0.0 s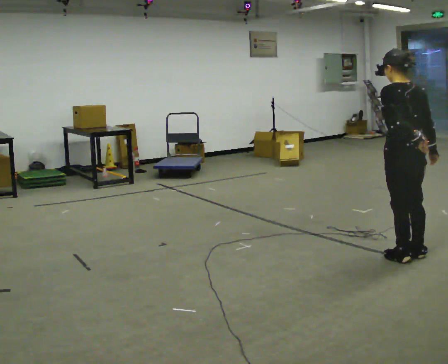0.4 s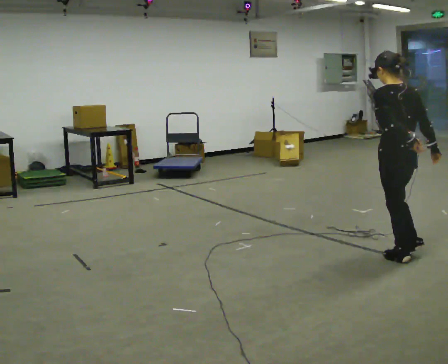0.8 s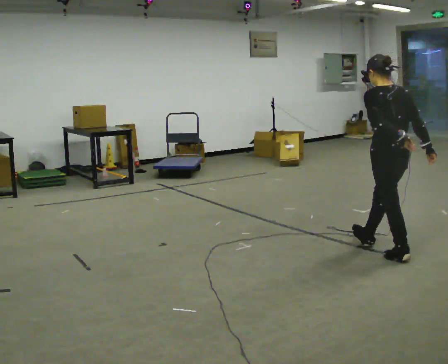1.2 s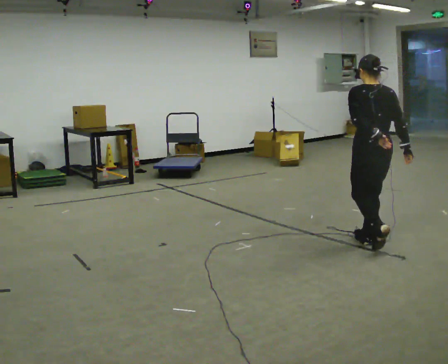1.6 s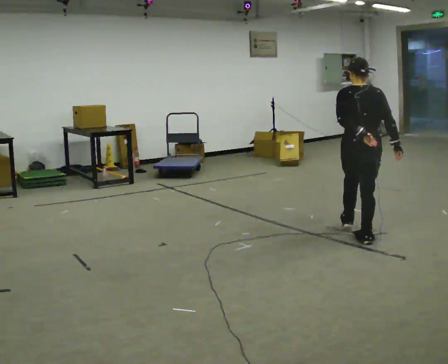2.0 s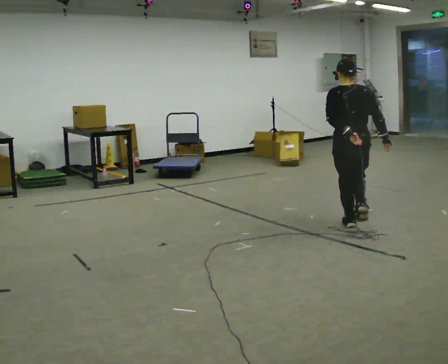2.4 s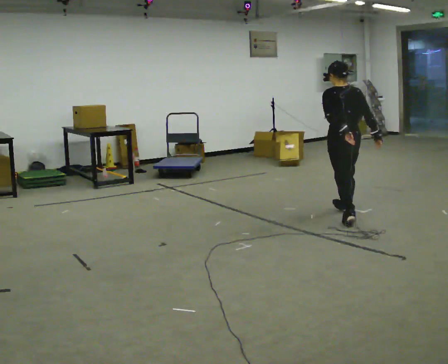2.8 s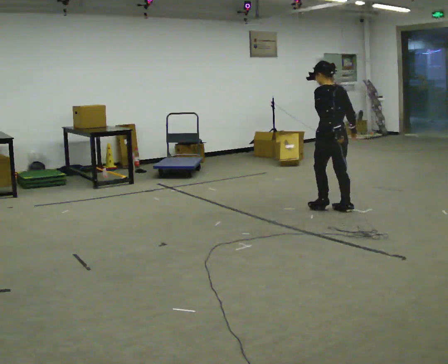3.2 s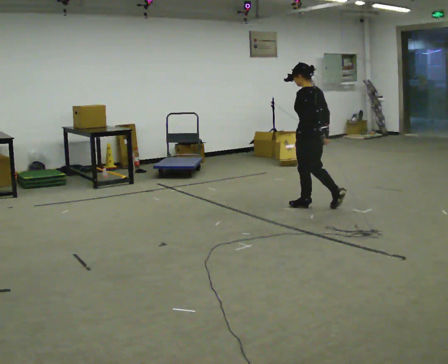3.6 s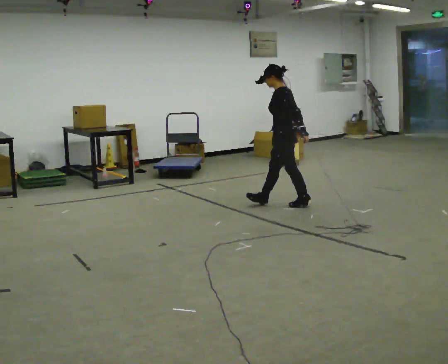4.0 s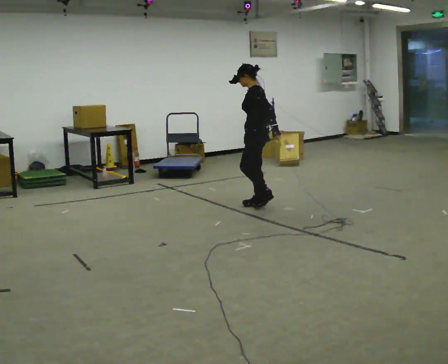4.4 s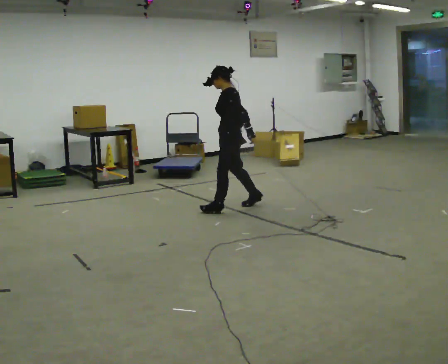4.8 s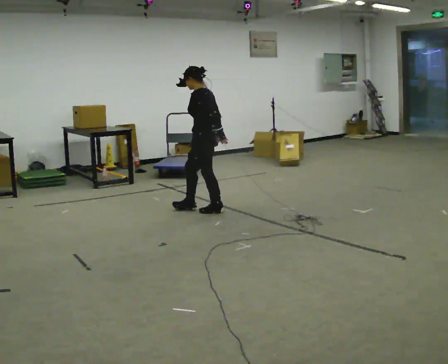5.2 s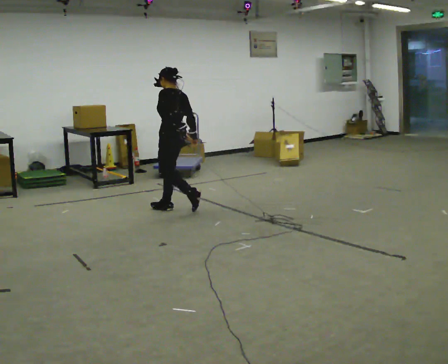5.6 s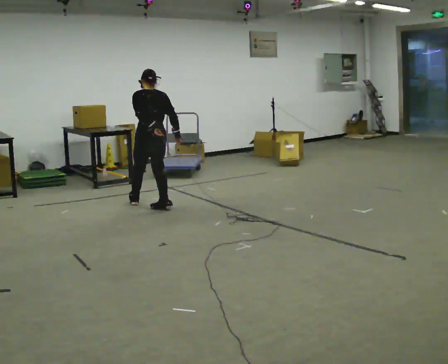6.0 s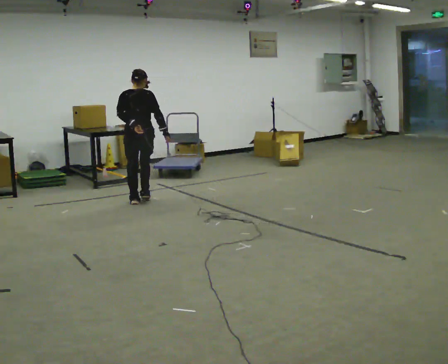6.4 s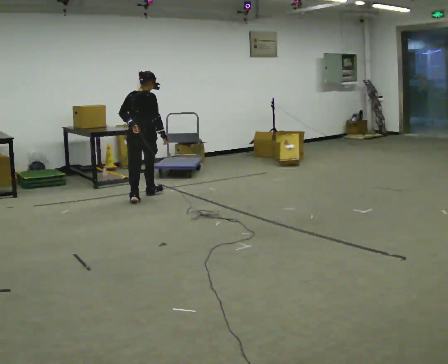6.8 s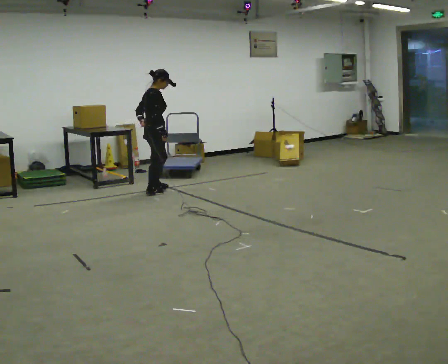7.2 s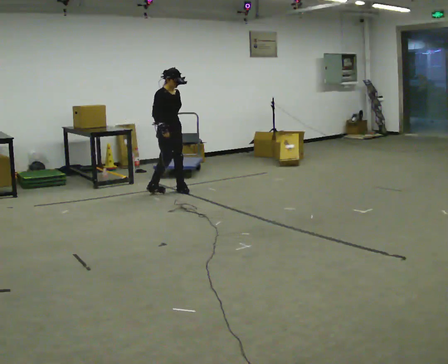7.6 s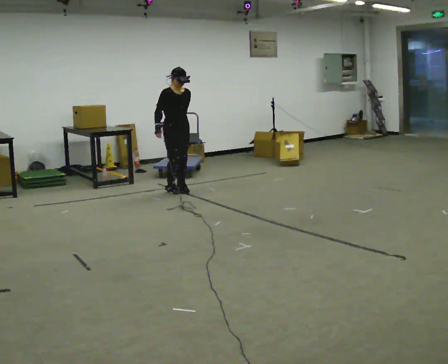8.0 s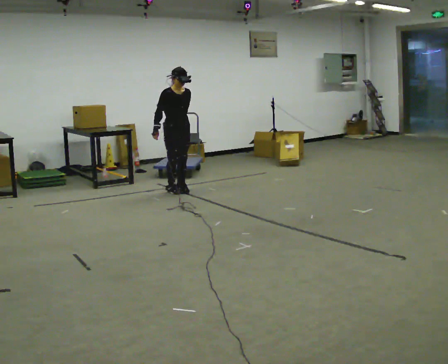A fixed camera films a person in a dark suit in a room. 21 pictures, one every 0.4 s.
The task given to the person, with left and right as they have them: Follow S-shaped path continuously; no stopping between curves.
0.0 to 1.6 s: The person turns about 30 degrees to their right, clockwise seen from above, so the part of the body nearest the lens slides to the left. In the picture they go away from the camera, about 0.75 m in 1 step, which for them is forward.
1.6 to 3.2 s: The person turns about 60 degrees to their left, counterclockwise seen from above, so the part of the body nearest the lens slides to the right. In the picture they go away from the camera, about 1 m in 3 steps.
3.2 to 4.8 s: The person turns about 30 degrees to their left, counterclockwise seen from above, so the part of the body nearest the lens slides to the right. In the picture they go to the left, about 1 m in 2 steps, which for them is forward.
4.8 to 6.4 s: Seen from above the body turns clockwise, about 105 degrees: to their right, with its near side sliding to the left. In the picture they go to the left and away from the camera, about 1 m in 3 steps.
6.4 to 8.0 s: Seen from above the body turns clockwise, about 120 degrees: to their right, with its near side sliding to the left. In the picture they go away from the camera and to the right, about 0.5 m in 2 steps.
The film runs forward here.
